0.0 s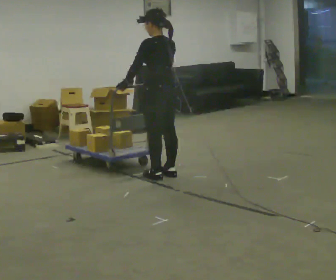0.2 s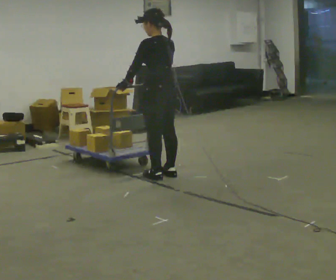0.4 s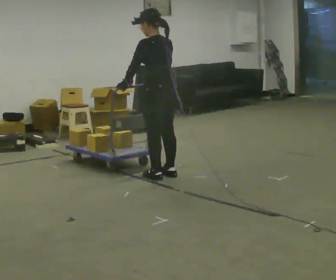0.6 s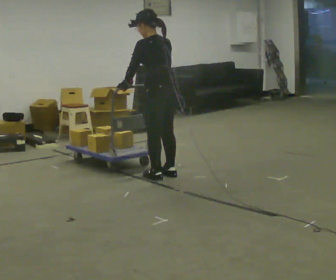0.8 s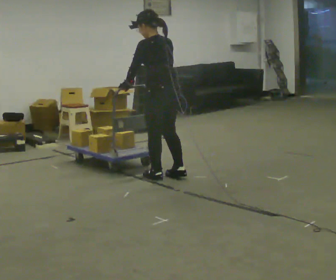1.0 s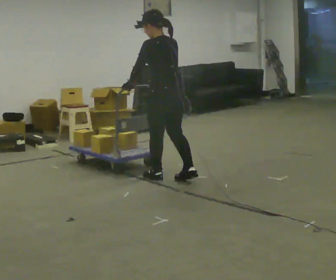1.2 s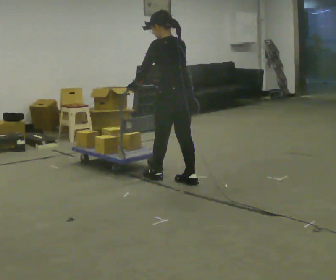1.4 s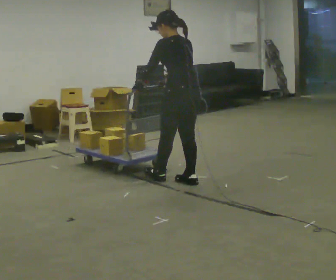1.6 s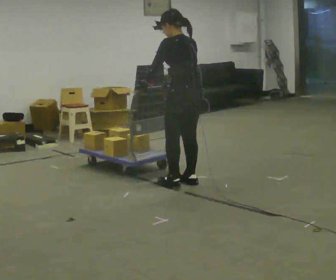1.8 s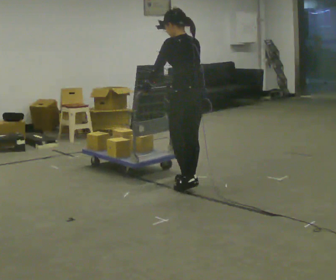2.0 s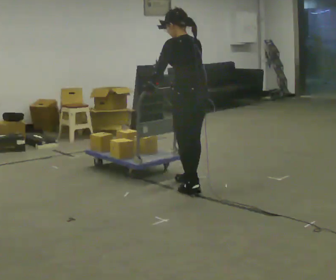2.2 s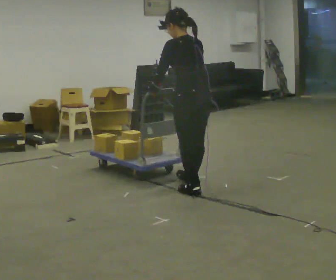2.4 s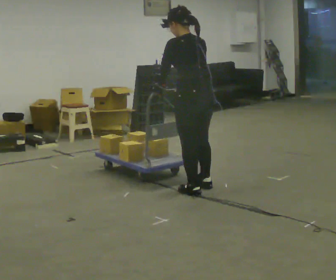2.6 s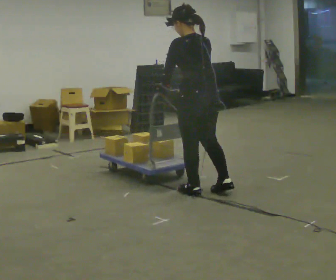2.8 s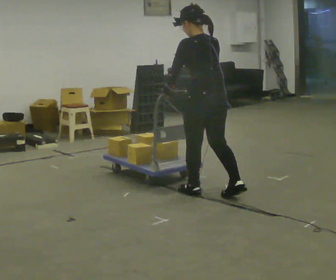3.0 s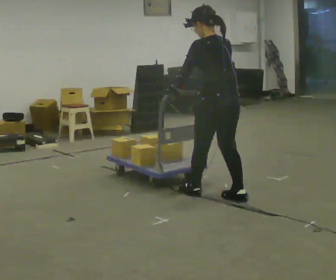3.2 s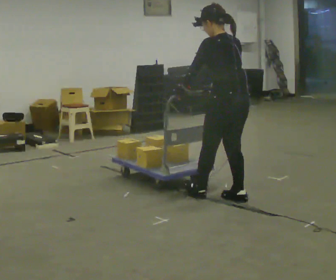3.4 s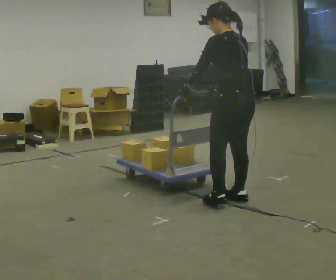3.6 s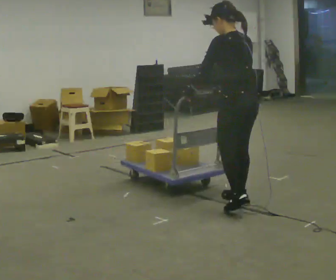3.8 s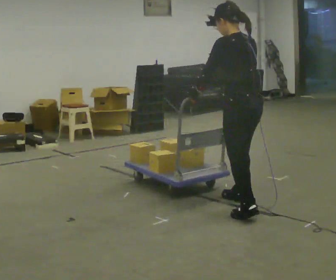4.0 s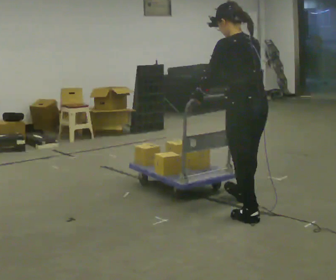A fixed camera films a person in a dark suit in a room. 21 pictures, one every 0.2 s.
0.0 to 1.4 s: In the picture they go toward the camera and to the right, about 0.25 m in 1 step, which for them is backward.
1.4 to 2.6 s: In the picture they go toward the camera, about 0.5 m in 1 step, which for them is backward and to their left.
2.6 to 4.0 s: In the picture they go toward the camera and to the right, about 0.75 m in 2 steps, which for them is backward.
The film runs forward here.
